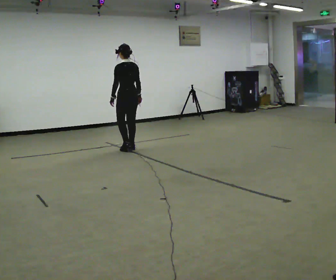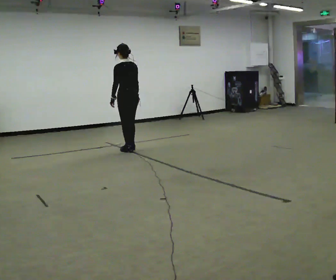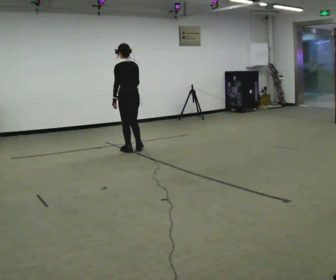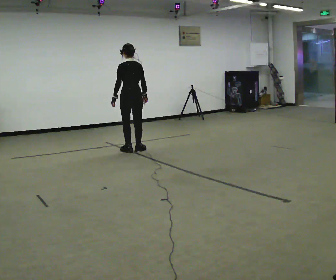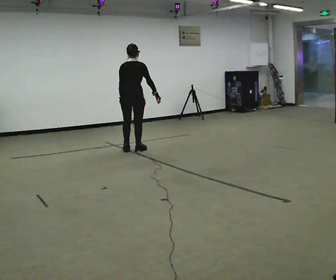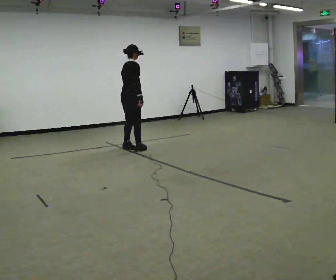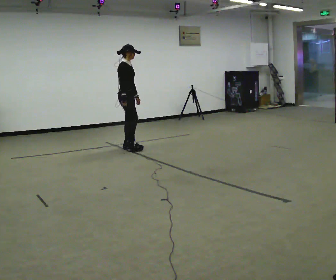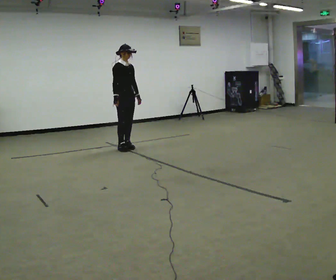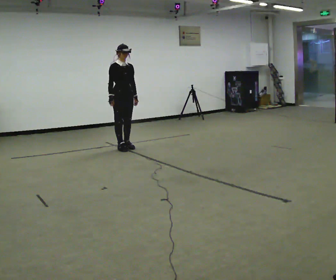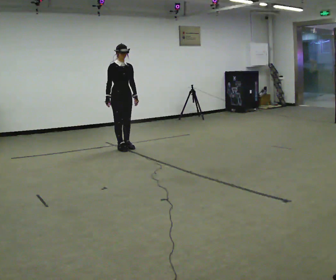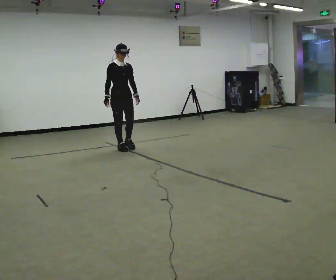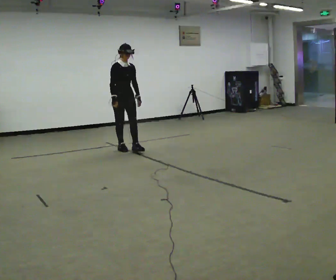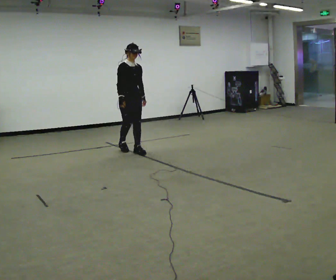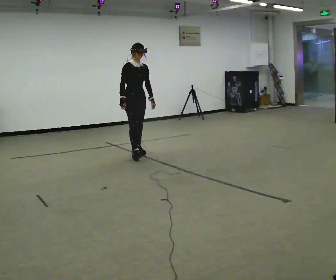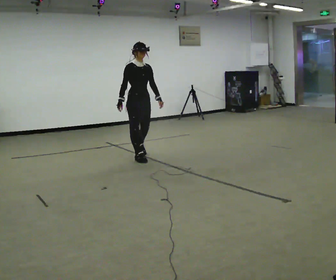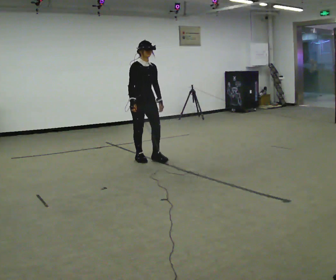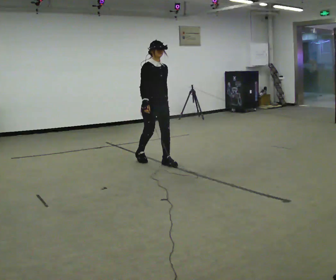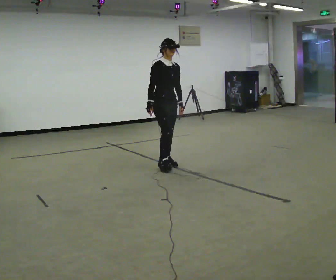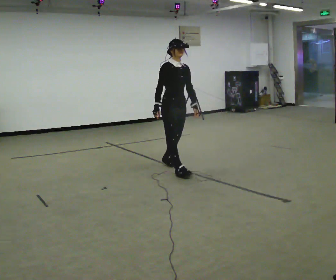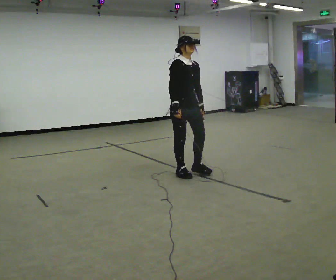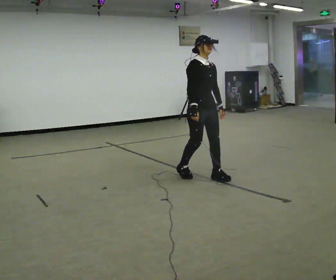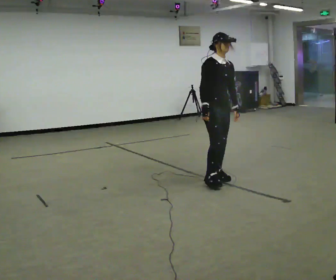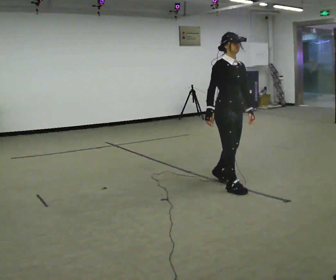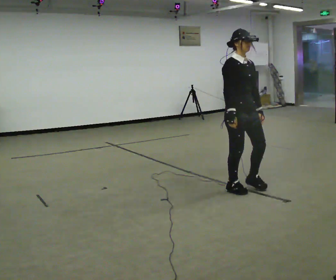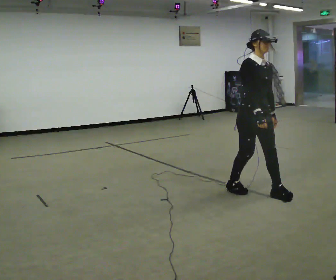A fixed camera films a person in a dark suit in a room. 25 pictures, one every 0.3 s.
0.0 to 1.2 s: The part of the body nearest the lens slides to the left as the person turns to their right by about 45 degrees.
1.2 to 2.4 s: The part of the body nearest the lens slides to the left as the person turns to their right by about 150 degrees. In the picture they go away from the camera and to the left, about 0.25 m in 1 step.
2.4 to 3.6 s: In the picture they go toward the camera, about 0.25 m in 2 steps, which for them is forward.
3.6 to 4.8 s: In the picture they go toward the camera and to the right, about 1 m in 2 steps, which for them is forward.
4.8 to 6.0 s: In the picture they go toward the camera and to the right, about 1 m in 2 steps, which for them is forward.
6.0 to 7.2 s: In the picture they go toward the camera and to the right, about 1 m in 1 step, which for them is forward.
The film runs backward here.
